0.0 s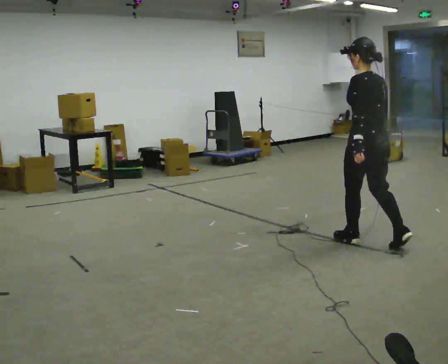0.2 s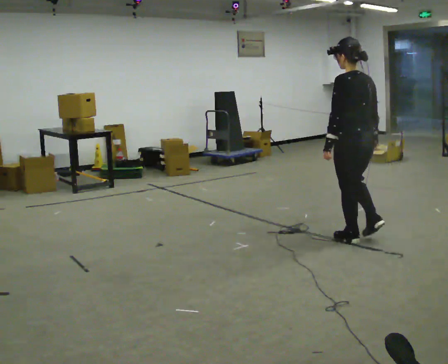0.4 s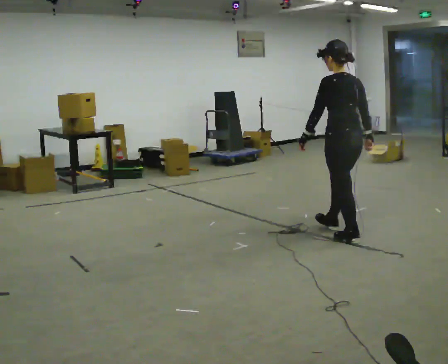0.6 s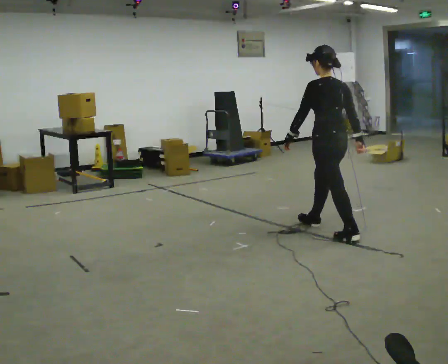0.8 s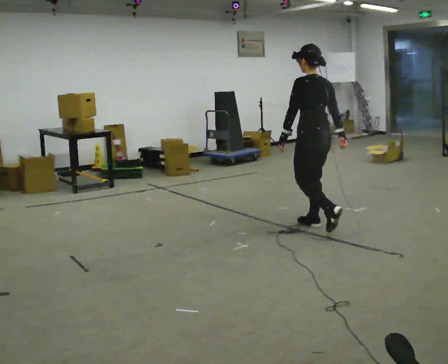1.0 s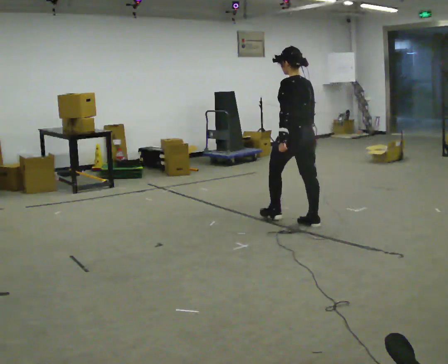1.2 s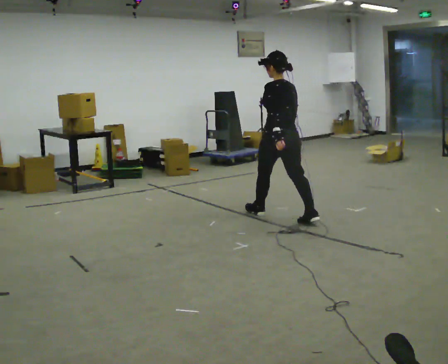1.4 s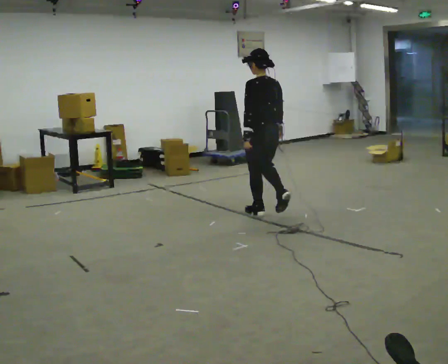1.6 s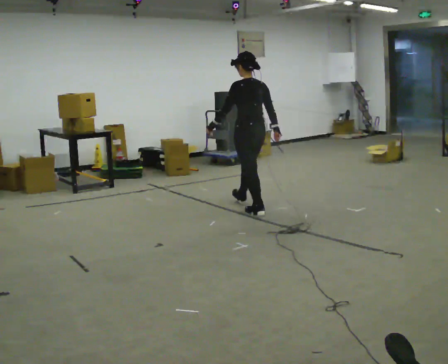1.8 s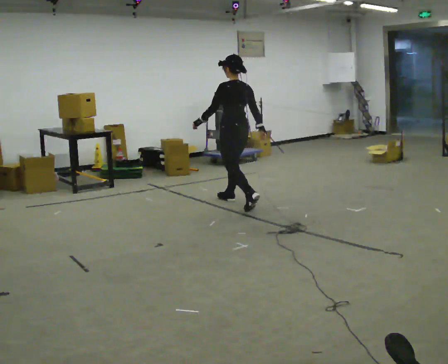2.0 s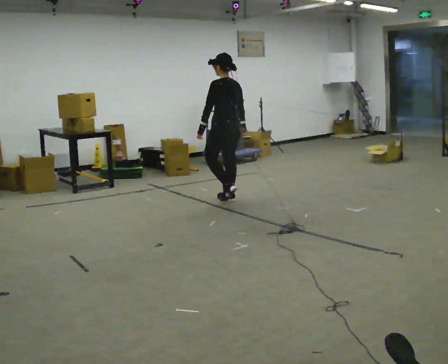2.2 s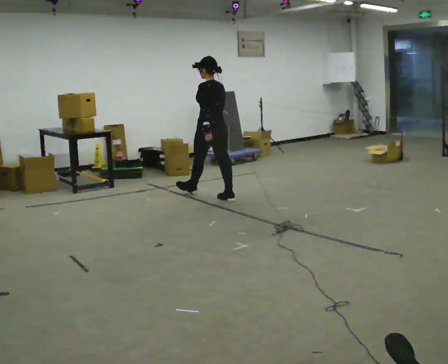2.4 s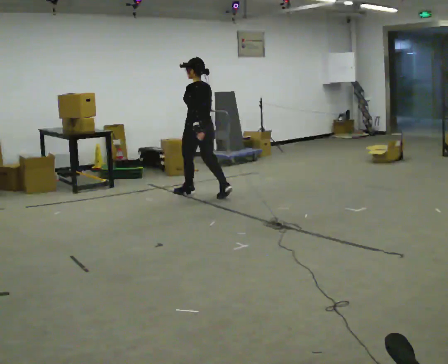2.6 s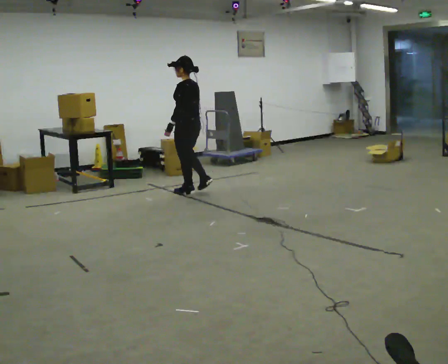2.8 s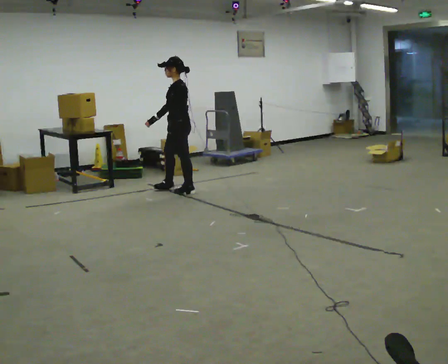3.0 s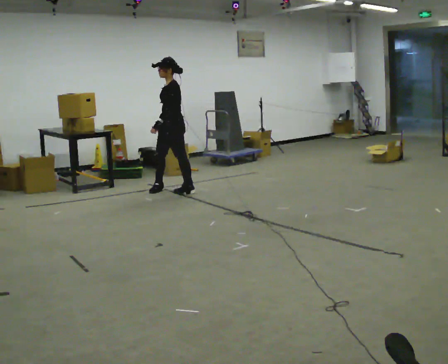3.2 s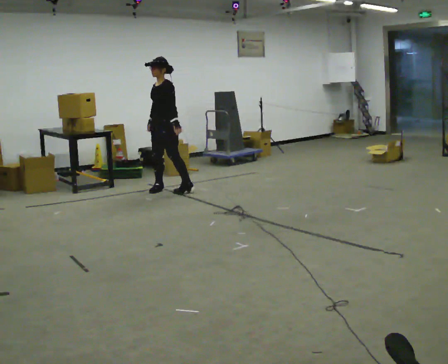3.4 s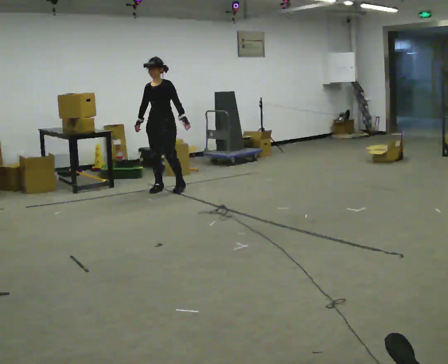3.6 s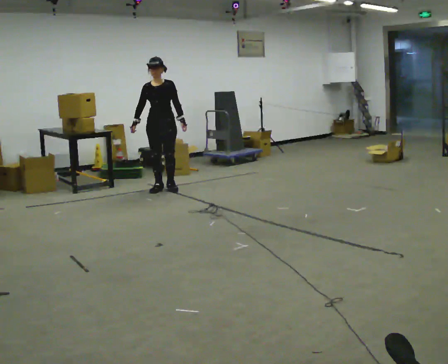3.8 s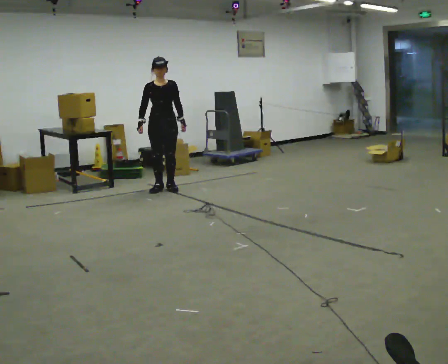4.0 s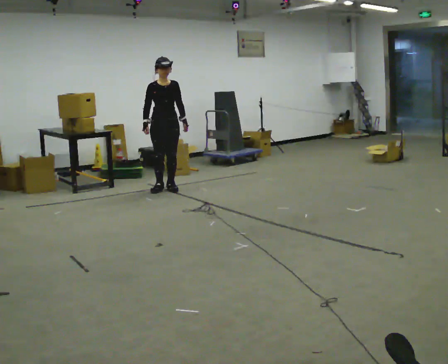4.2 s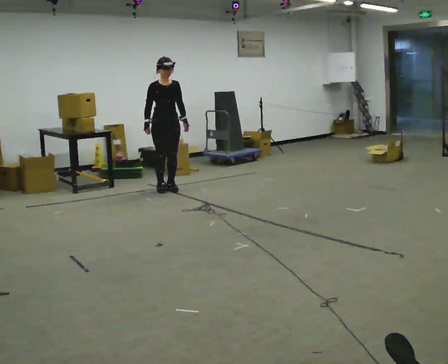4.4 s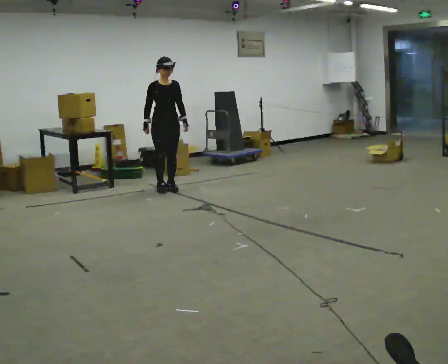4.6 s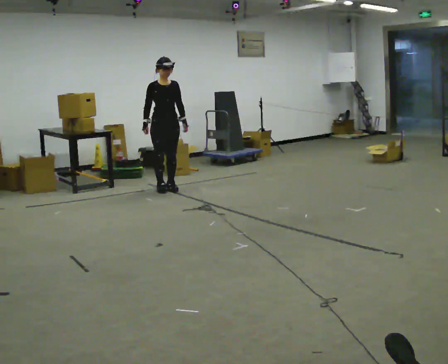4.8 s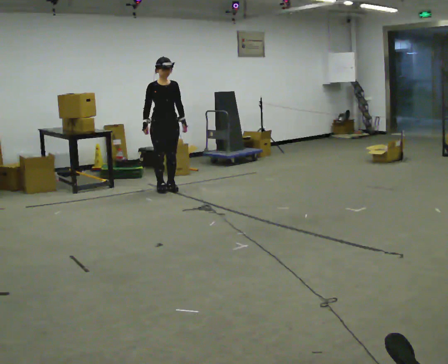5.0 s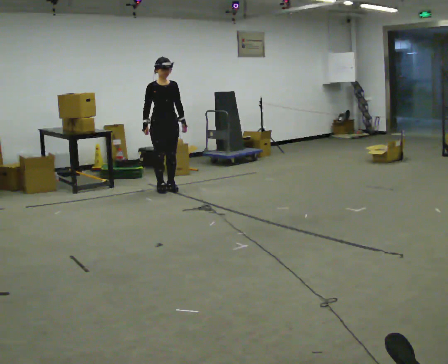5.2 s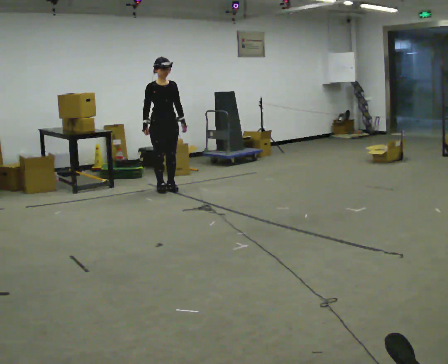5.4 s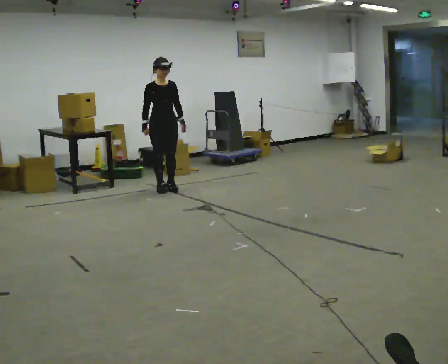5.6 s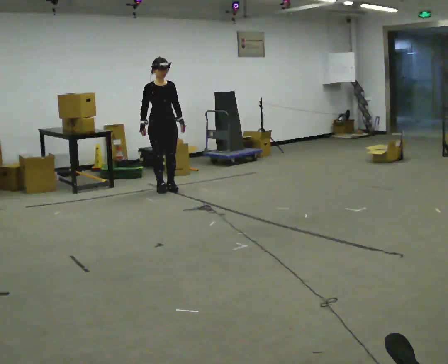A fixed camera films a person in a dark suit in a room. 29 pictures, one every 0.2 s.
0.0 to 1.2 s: In the picture they go away from the camera and to the left, about 1 m in 2 steps, which for them is forward.
1.2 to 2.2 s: In the picture they go away from the camera and to the left, about 1 m in 1 step, which for them is forward.
2.2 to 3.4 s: Seen from above the body turns counterclockwise, about 120 degrees: to their left, with its near side sliding to the right. In the picture they go to the left and away from the camera, about 1 m in 2 steps.
3.4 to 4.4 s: The part of the body nearest the lens slides to the right as the person turns to their left by about 45 degrees.
4.4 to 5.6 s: The person moves a little, or ends about where they began.
The film runs forward here.
